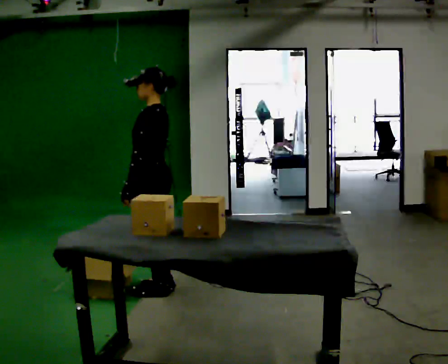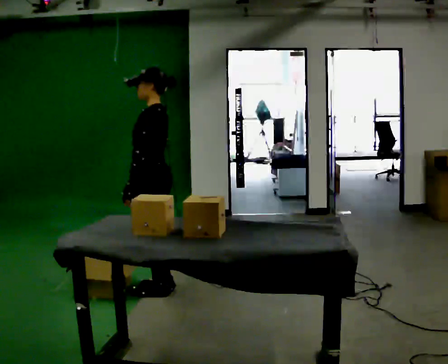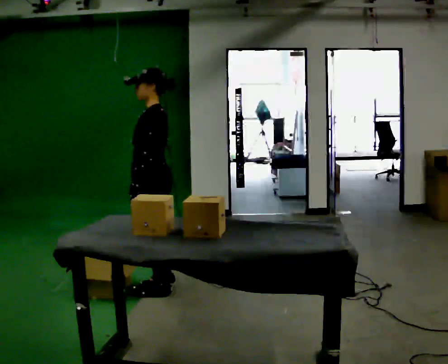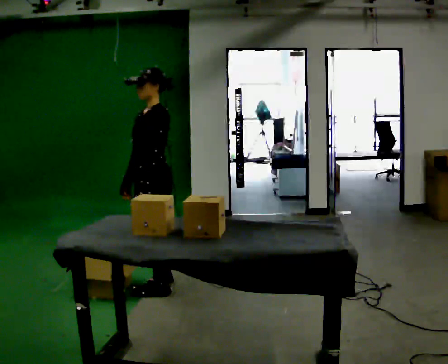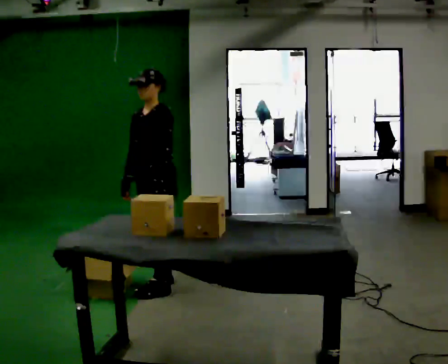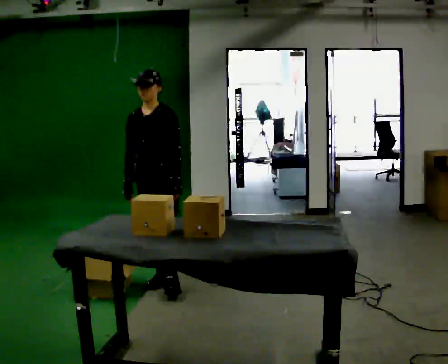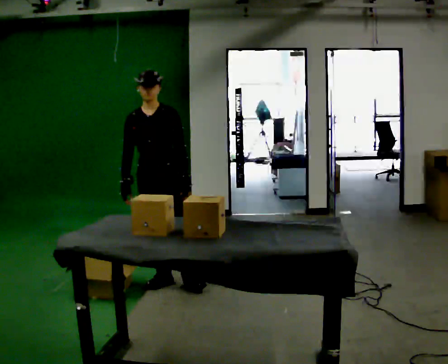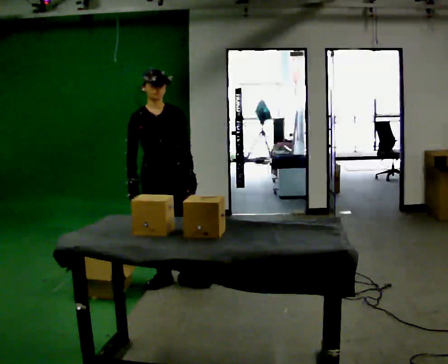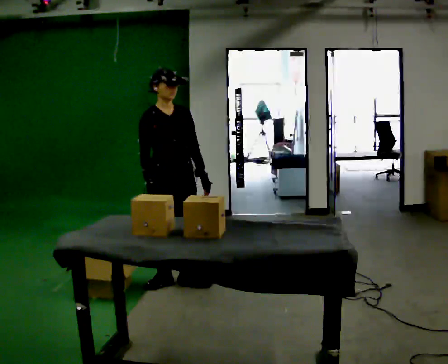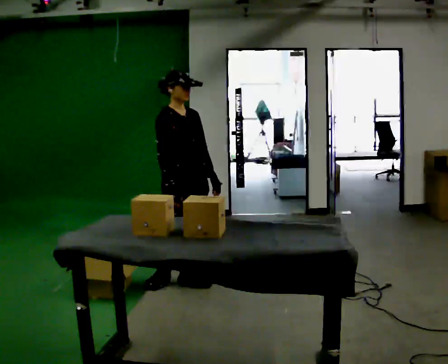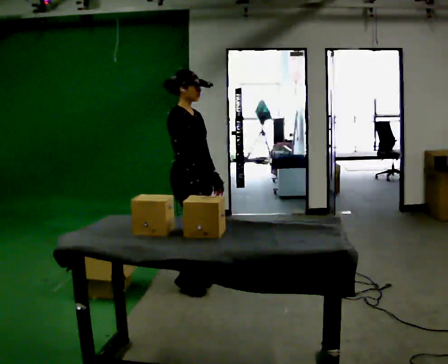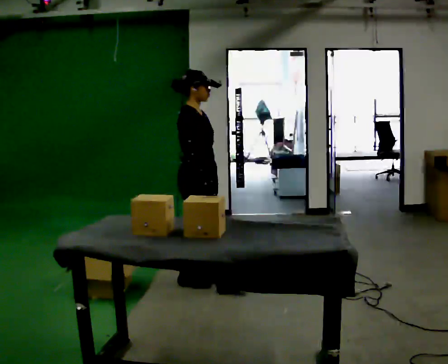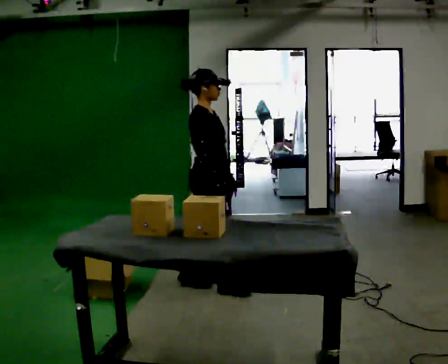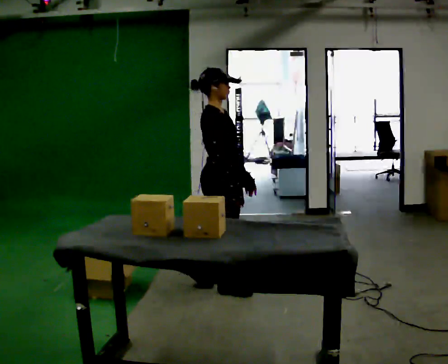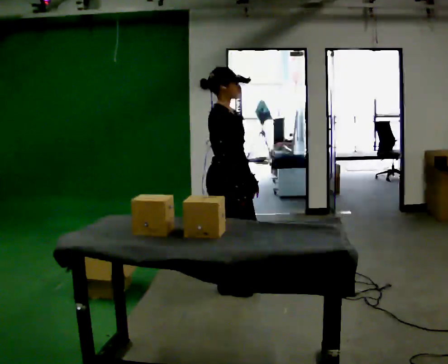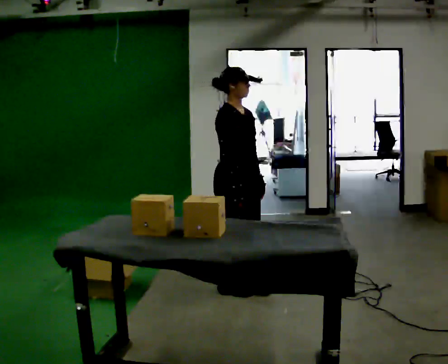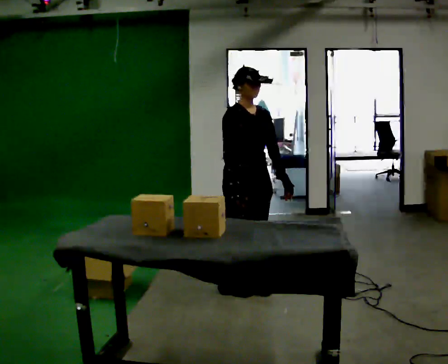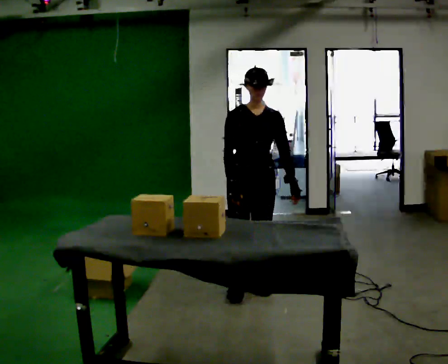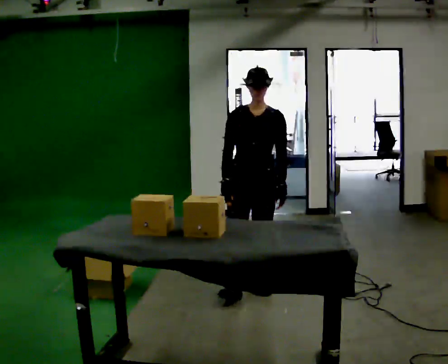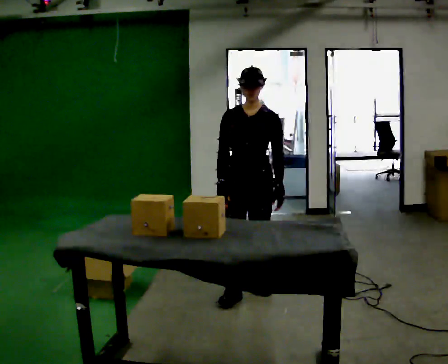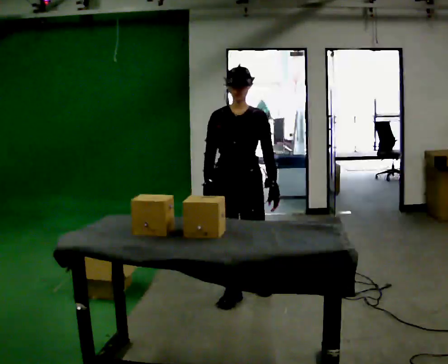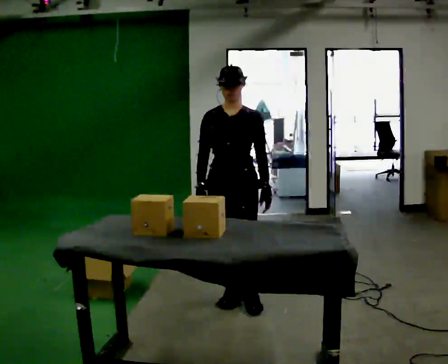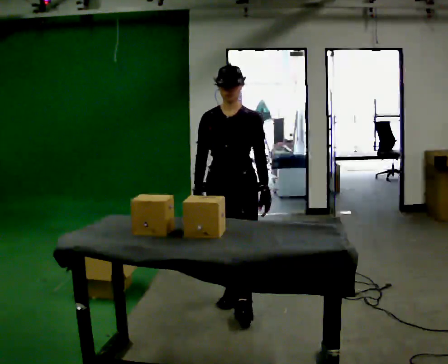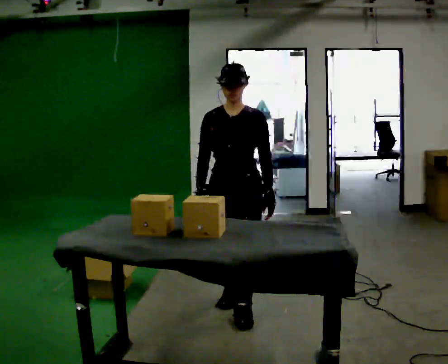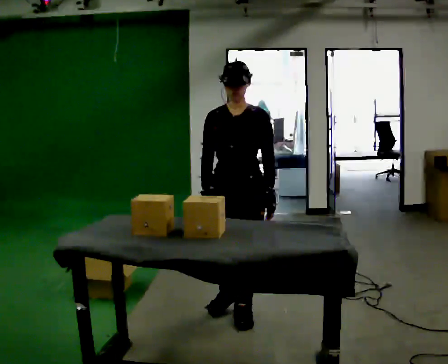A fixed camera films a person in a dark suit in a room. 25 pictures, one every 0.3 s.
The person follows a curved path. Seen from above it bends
clockwise.
0.0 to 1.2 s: Seen from above the body turns counterclockwise, about 60 degrees: to their left, with its near side sliding to the right.
1.2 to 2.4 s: The person turns about 75 degrees to their left, counterclockwise seen from above, so the part of the body nearest the lens slides to the right.
2.4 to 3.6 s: The part of the body nearest the lens slides to the right as the person turns to their left by about 60 degrees. In the picture they go to the right, about 0.25 m in 1 step, which for them is forward.
3.6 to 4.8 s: The part of the body nearest the lens slides to the left as the person turns to their right by about 45 degrees. In the picture they go to the right, about 0.25 m in 1 step, which for them is forward.
4.8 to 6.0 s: The person turns about 45 degrees to their right, clockwise seen from above, so the part of the body nearest the lens slides to the left. In the picture they go toward the camera, about 0.25 m in 1 step, which for them is forward.
6.0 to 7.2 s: In the picture they go toward the camera, about 0.25 m in 1 step, which for them is forward.
The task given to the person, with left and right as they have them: Take an object out of the bin at knee height, carry it across the room, and place it on the chest-height shelf. Keep going until the operator says stop; one object at a time, and do not rush between trips.
The film runs forward here.
